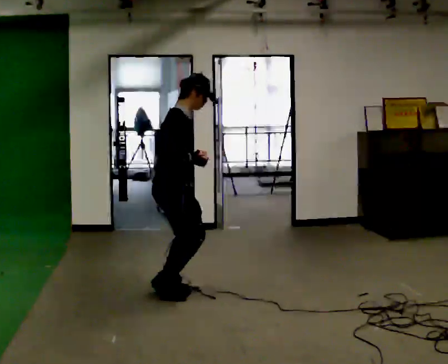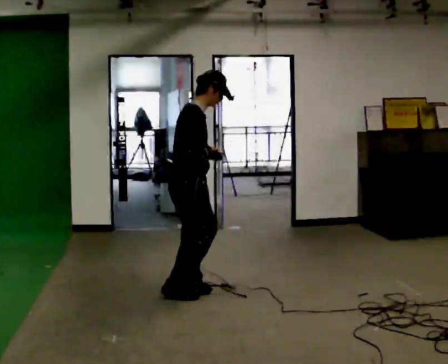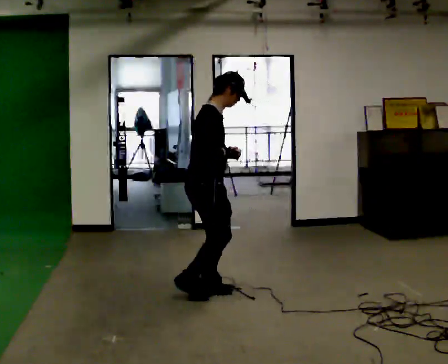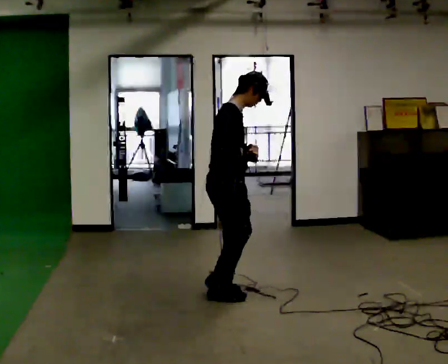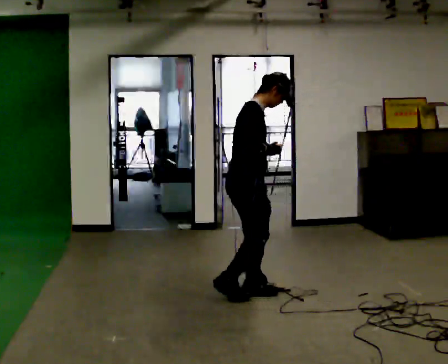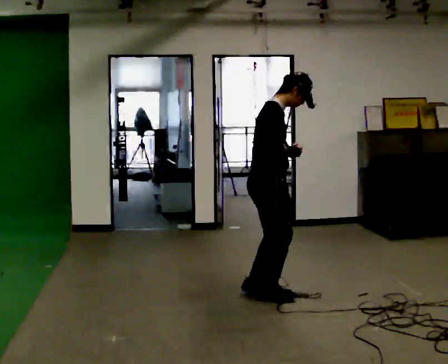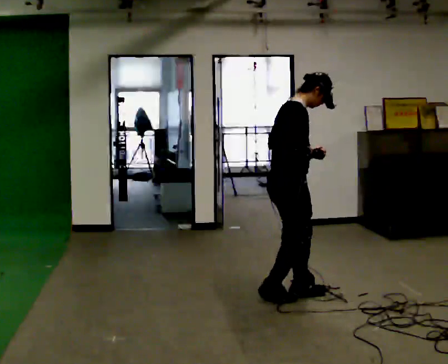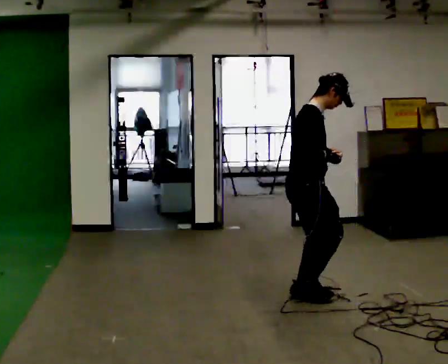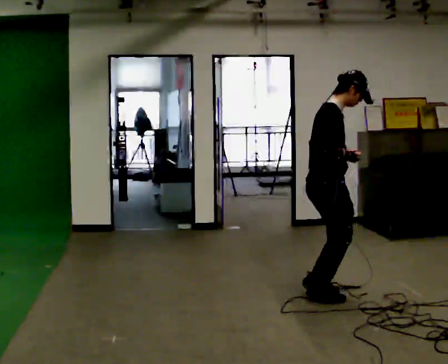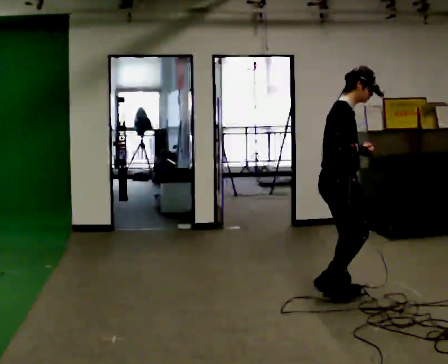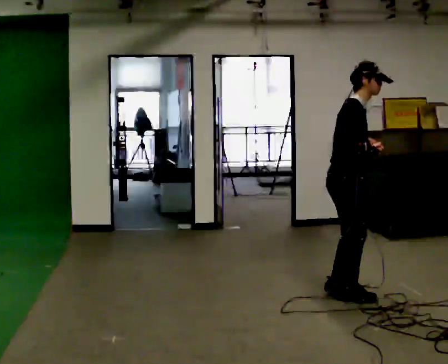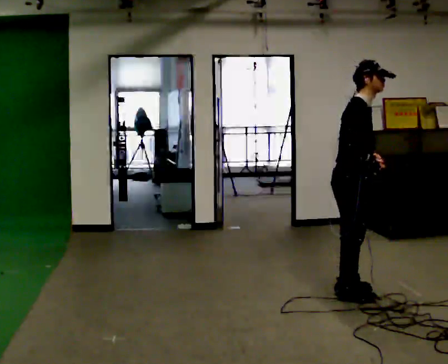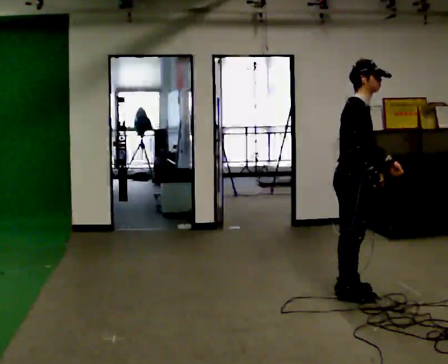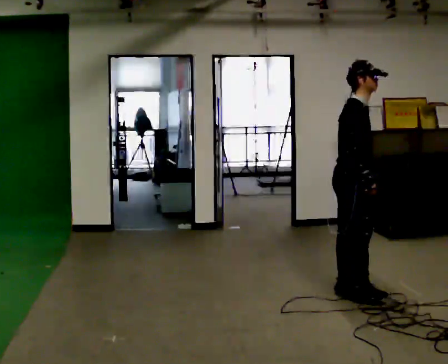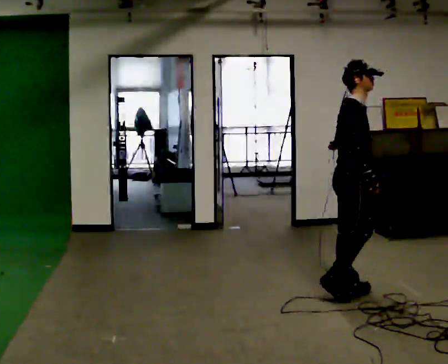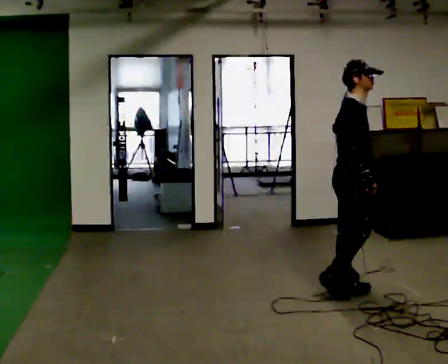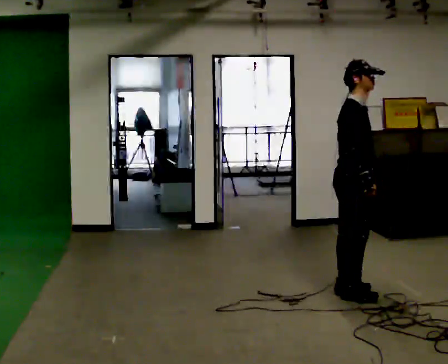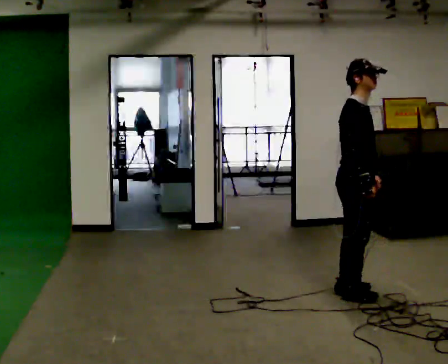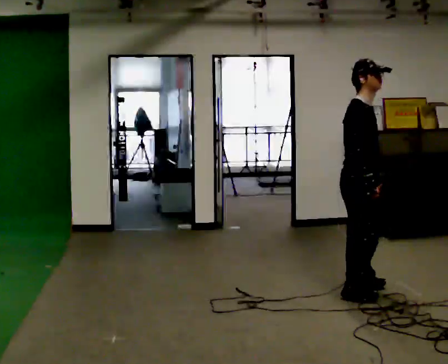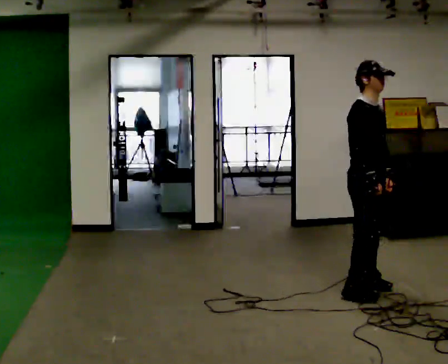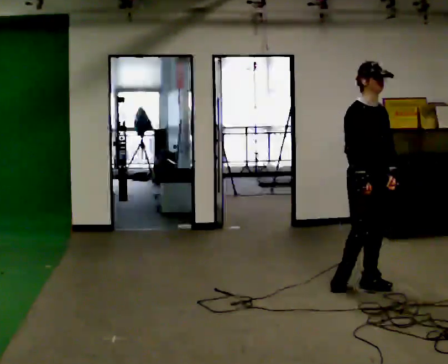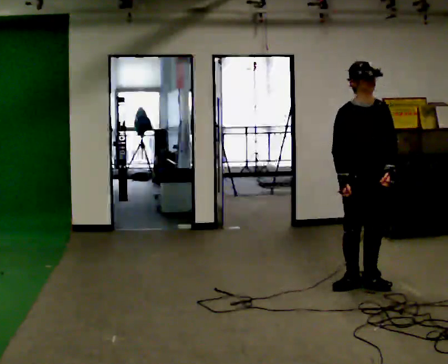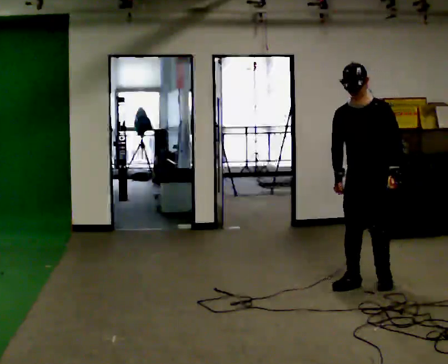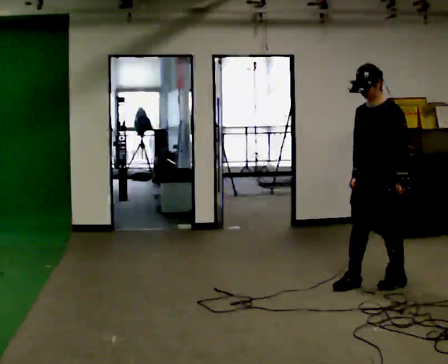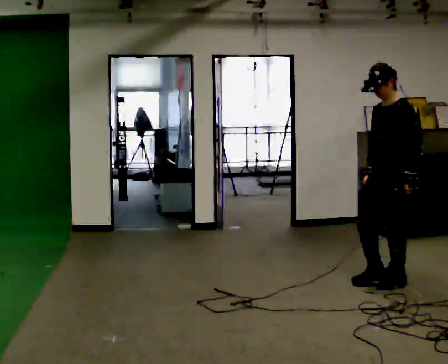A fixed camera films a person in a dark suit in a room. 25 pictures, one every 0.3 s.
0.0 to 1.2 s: In the picture they go to the right, about 0.5 m in 4 steps, which for them is forward.
1.2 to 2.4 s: In the picture they go to the right, about 0.5 m in 3 steps, which for them is forward.
2.4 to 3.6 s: In the picture they go to the right, about 0.25 m in 1 step, which for them is forward. In the picture their left hand goes to the right.
3.6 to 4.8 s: The person moves a little, or ends about where they began.
4.8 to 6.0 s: Seen from above the body turns clockwise, about 30 degrees: to their right, with its near side sliding to the left.
6.0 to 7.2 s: Seen from above the body turns clockwise, about 105 degrees: to their right, with its near side sliding to the left. In the picture they go to the right, about 0.25 m in 2 steps.
The film runs backward here.
